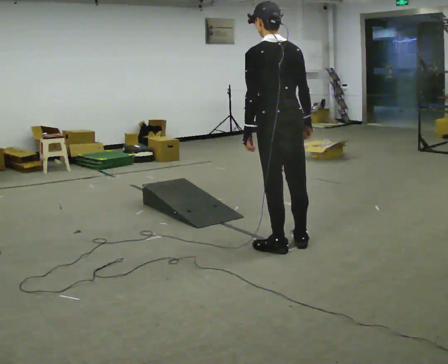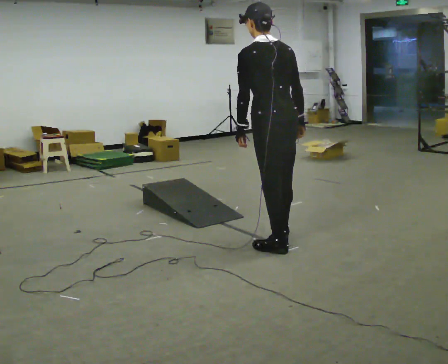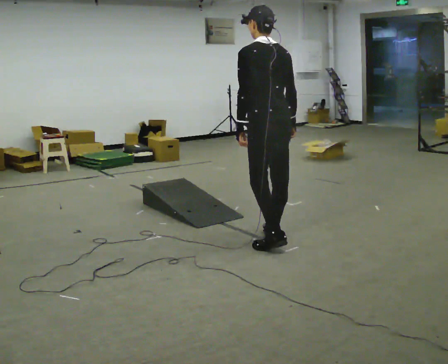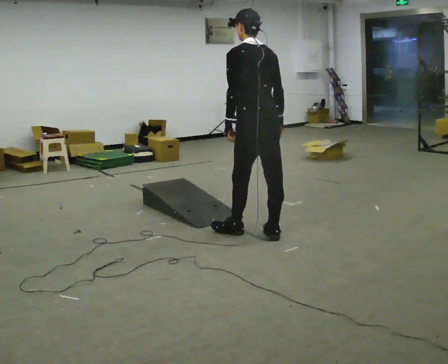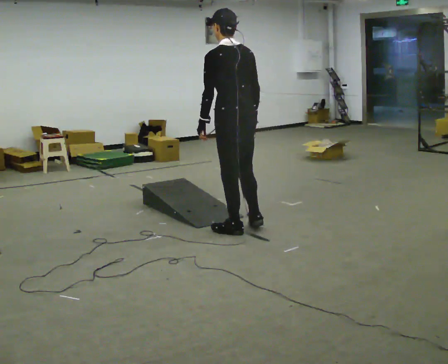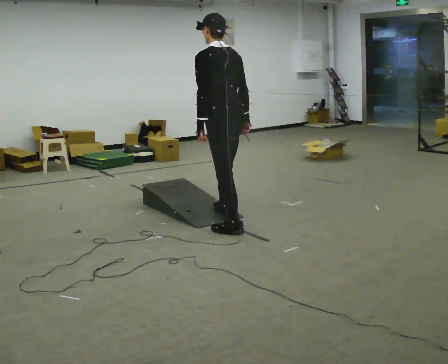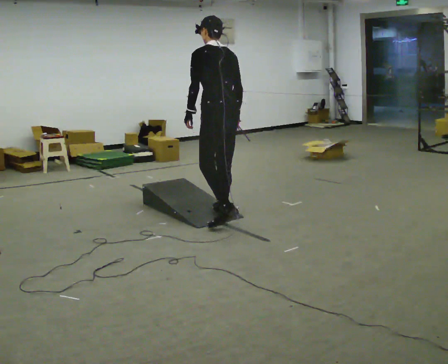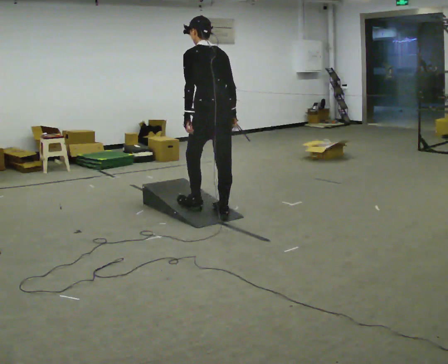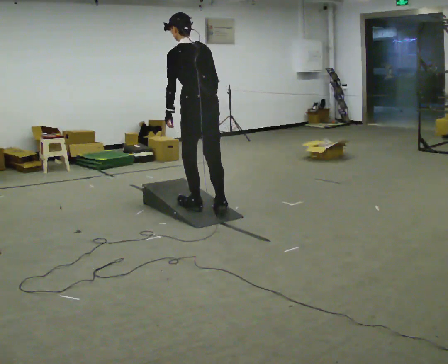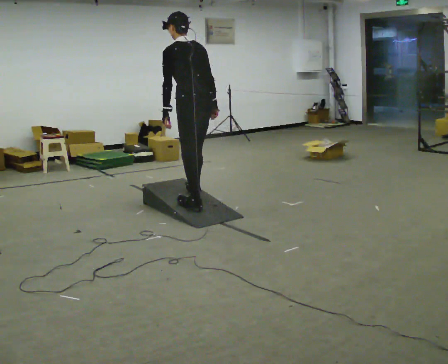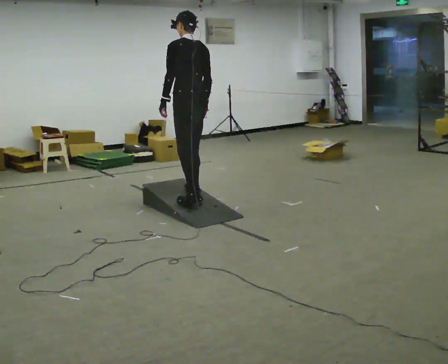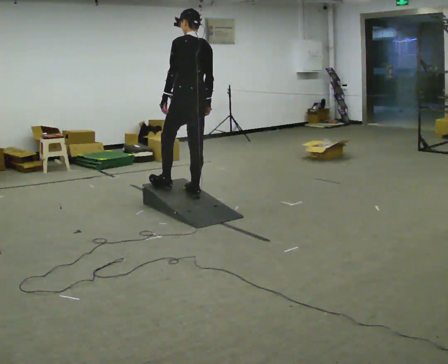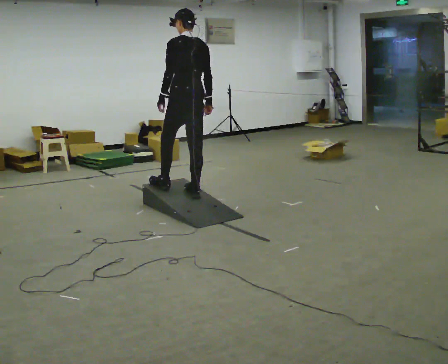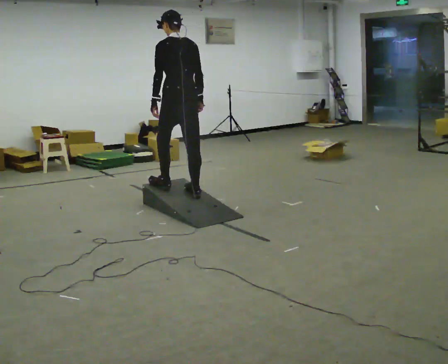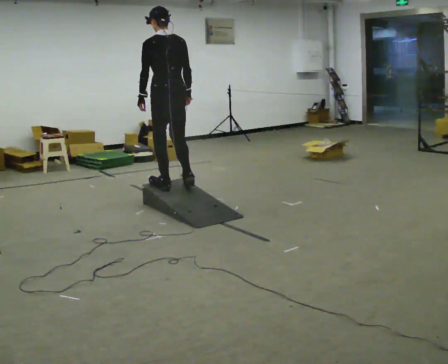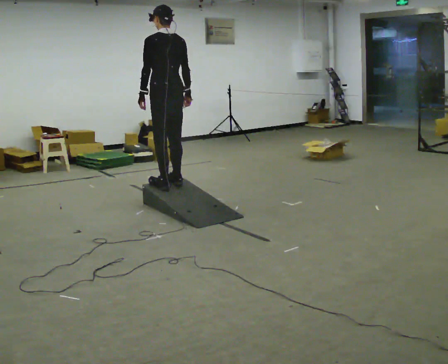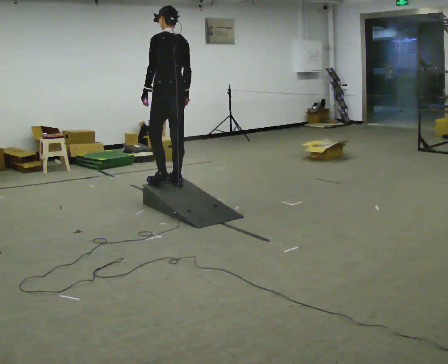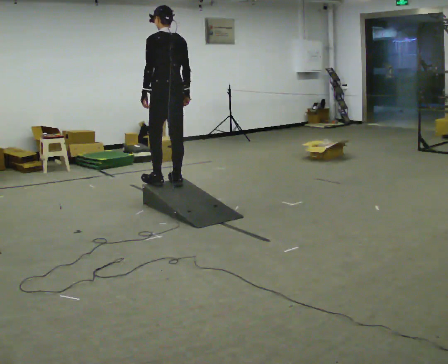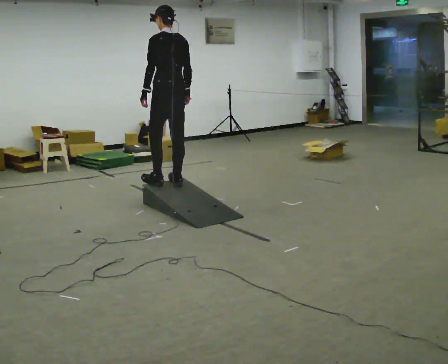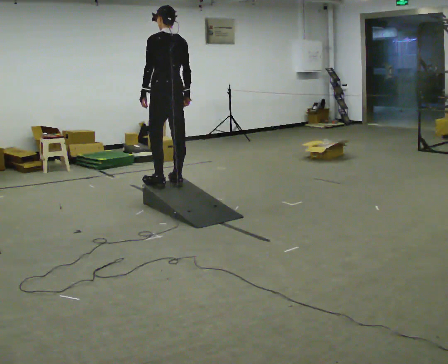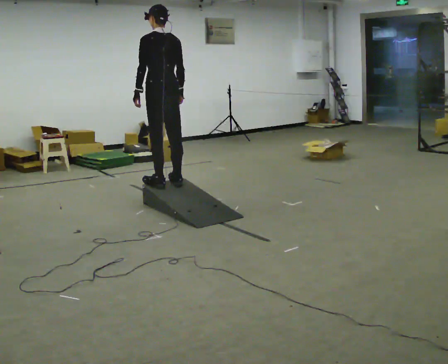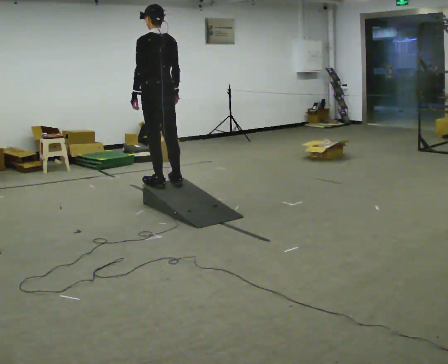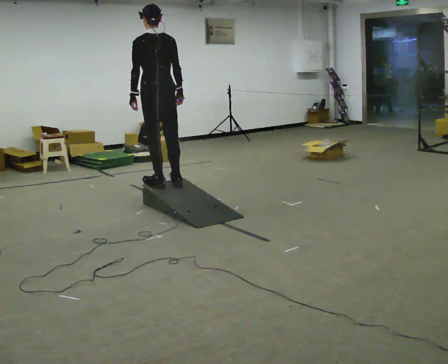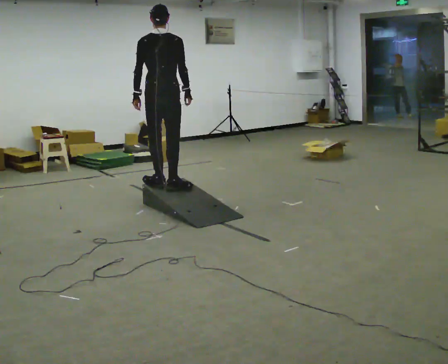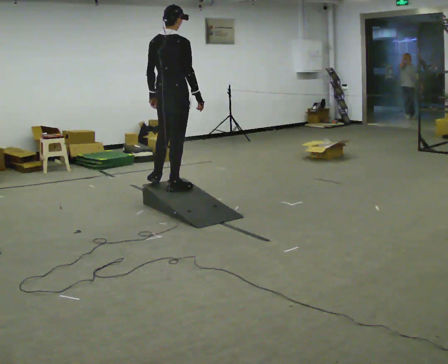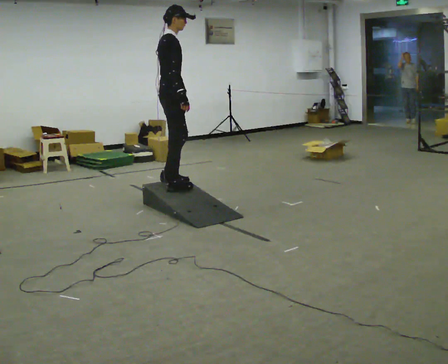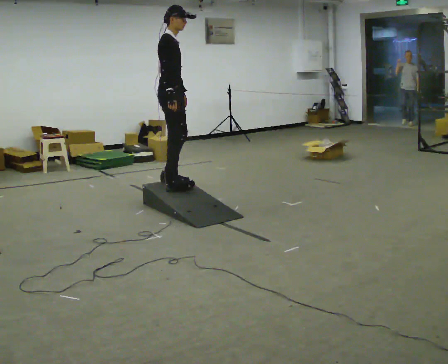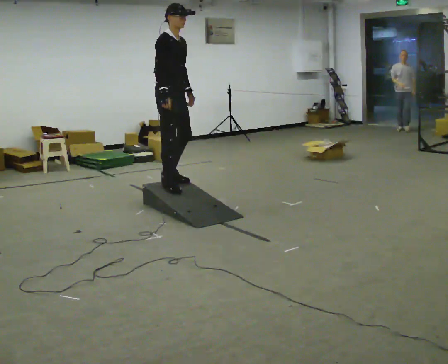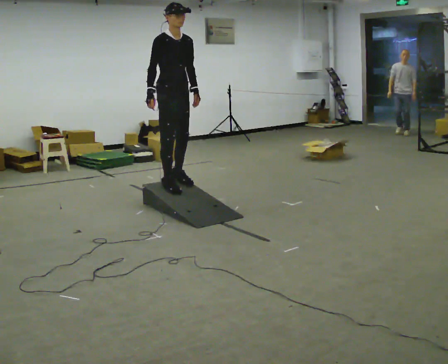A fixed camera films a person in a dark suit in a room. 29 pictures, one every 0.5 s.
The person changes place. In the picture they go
away from the camera.
0.0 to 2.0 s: In the picture they go away from the camera and to the left, about 0.5 m in 2 steps, which for them is forward.
2.0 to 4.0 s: In the picture they go away from the camera and to the left, about 0.5 m in 2 steps, which for them is forward.
4.0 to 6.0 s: In the picture they go away from the camera, about 0.25 m in 2 steps, which for them is forward. In the picture the upper body tilts clockwise, shoulders to the right.
6.0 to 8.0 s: In the picture they go away from the camera, about 0.25 m in 1 step, which for them is forward.
8.0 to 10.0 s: The person moves a little, or ends about where they began.
10.0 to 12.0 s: Seen from above the body turns clockwise, about 60 degrees: to their right, with its near side sliding to the left.
12.0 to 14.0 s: The part of the body nearest the lens slides to the left as the person turns to their right by about 105 degrees. In the picture they go away from the camera, about 0.25 m. In the picture their right hand goes to the left, the arm swinging clockwise.
The film runs forward here.
